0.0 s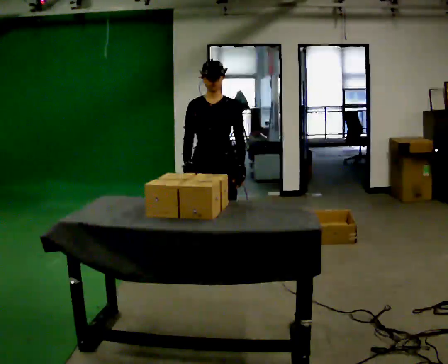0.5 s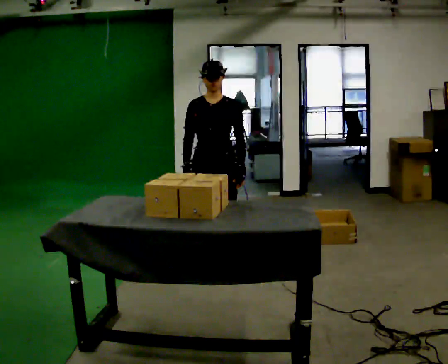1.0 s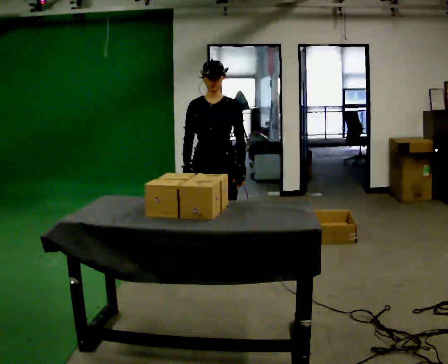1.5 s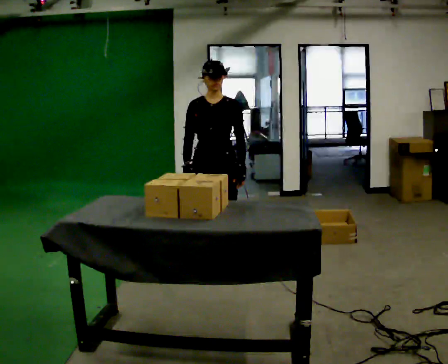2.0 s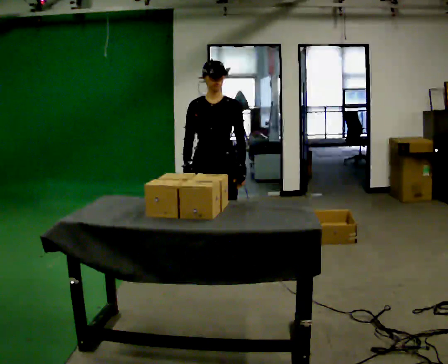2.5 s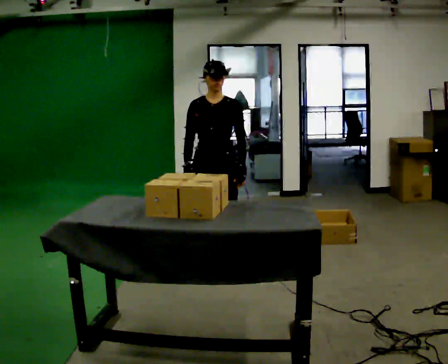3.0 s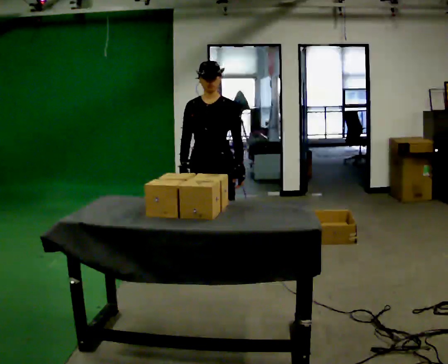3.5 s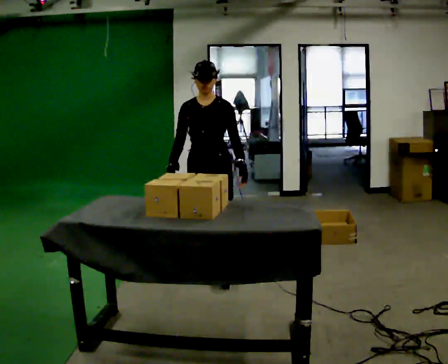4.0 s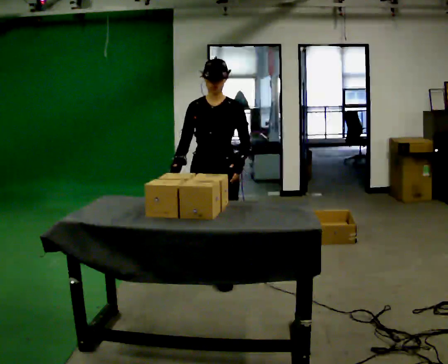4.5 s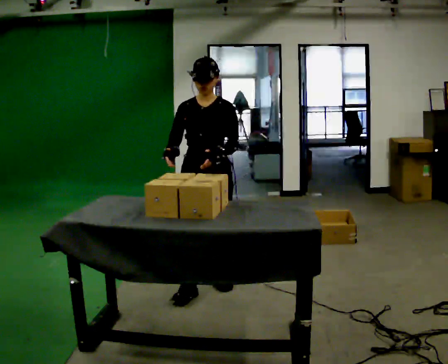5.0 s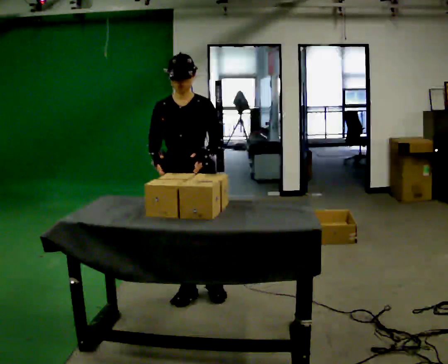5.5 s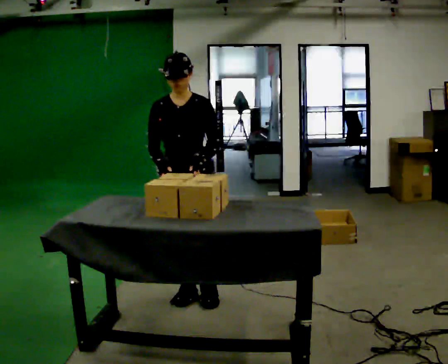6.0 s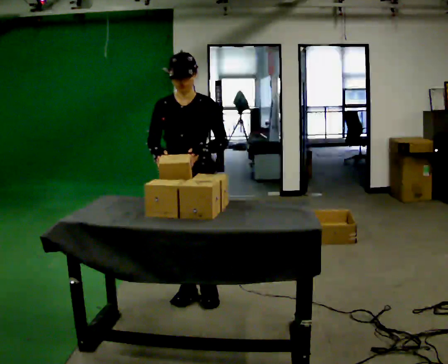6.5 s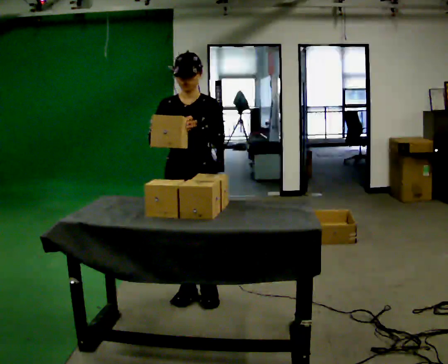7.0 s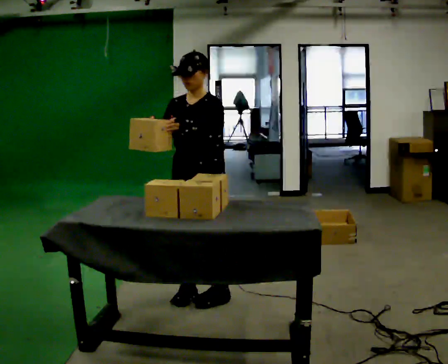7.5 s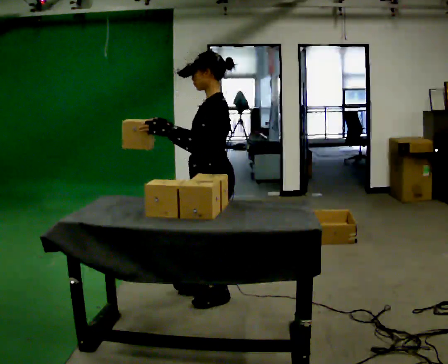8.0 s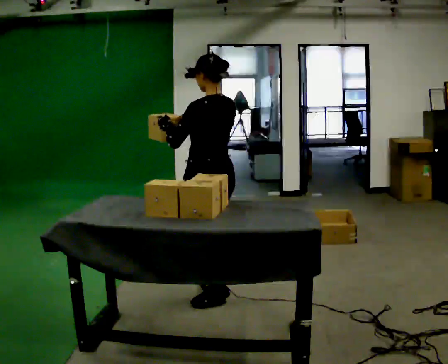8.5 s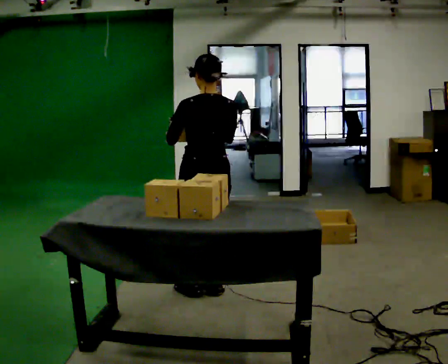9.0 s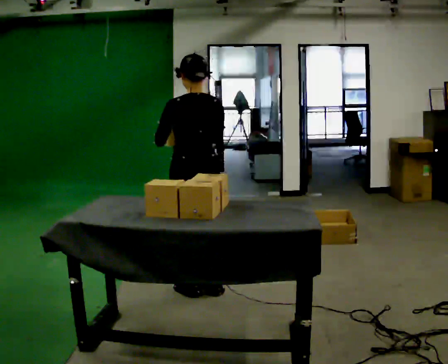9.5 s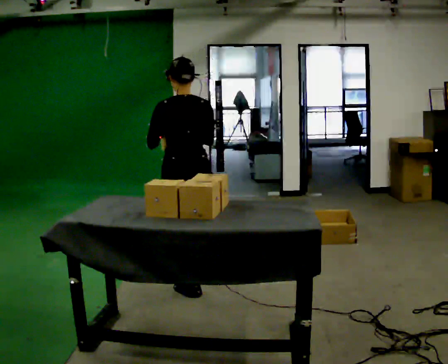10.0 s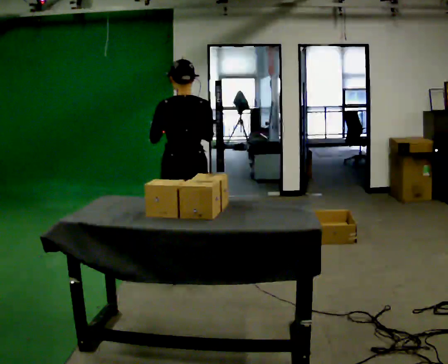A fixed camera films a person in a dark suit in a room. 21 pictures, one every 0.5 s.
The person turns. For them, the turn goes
to their right.
The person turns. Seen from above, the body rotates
clockwise.
0.0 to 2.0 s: The person keeps their place and pose.
2.0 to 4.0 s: In the picture they go toward the camera, about 0.25 m in 1 step, which for them is forward.
4.0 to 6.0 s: In the picture they go toward the camera and to the left, about 0.5 m in 2 steps, which for them is forward.
6.0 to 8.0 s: The person turns about 120 degrees to their right, clockwise seen from above, so the part of the body nearest the lens slides to the left. In the picture they go to the right, about 0.25 m.
8.0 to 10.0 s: The person turns about 30 degrees to their right, clockwise seen from above, so the part of the body nearest the lens slides to the left. In the picture they go away from the camera, about 0.5 m in 2 steps, which for them is forward.
The film runs forward here.
